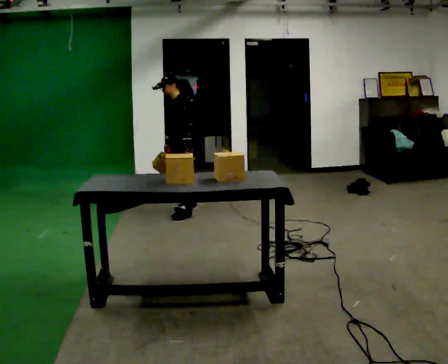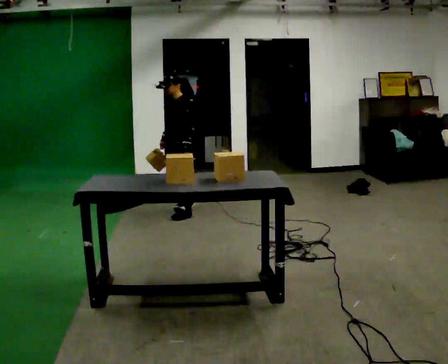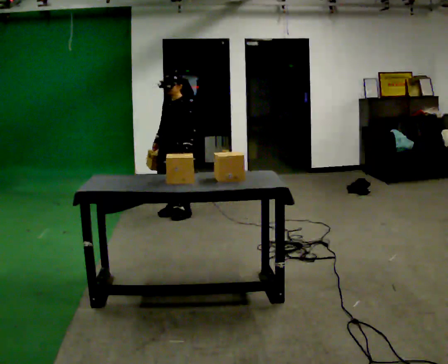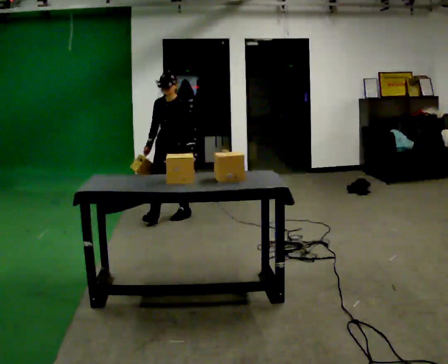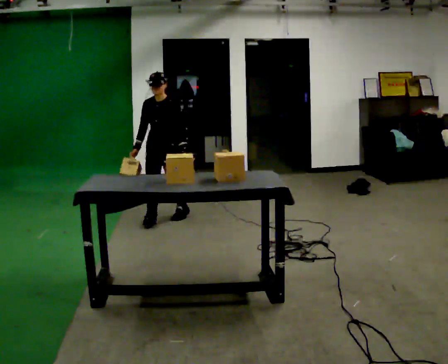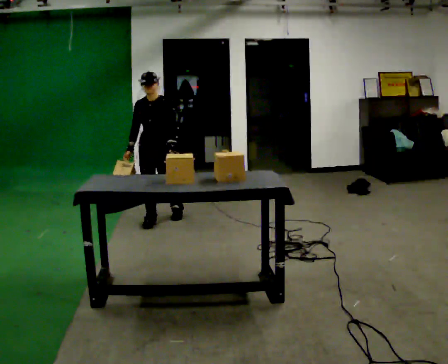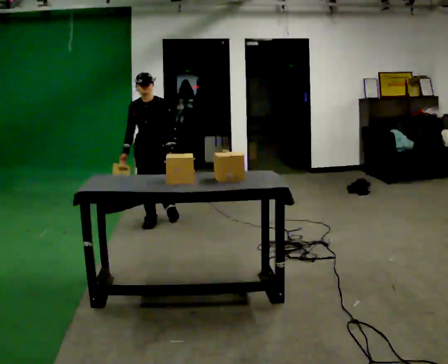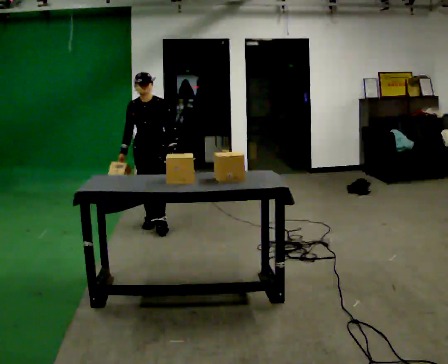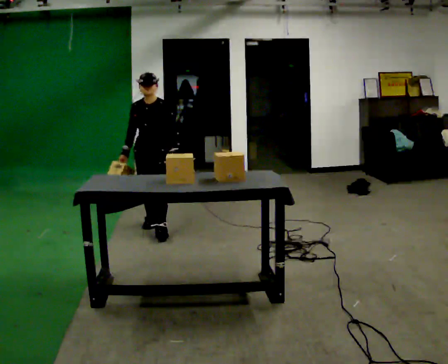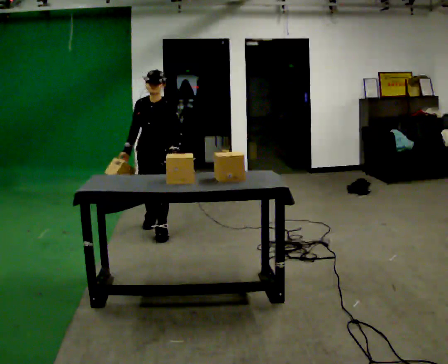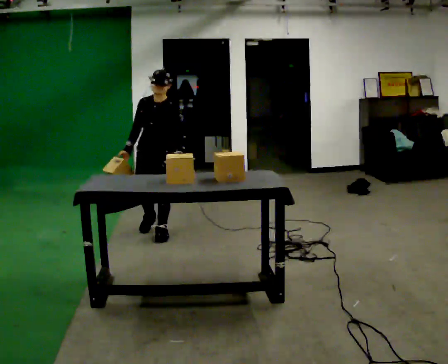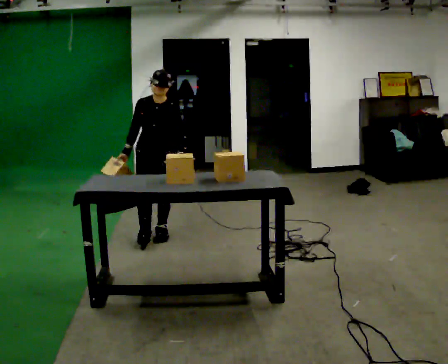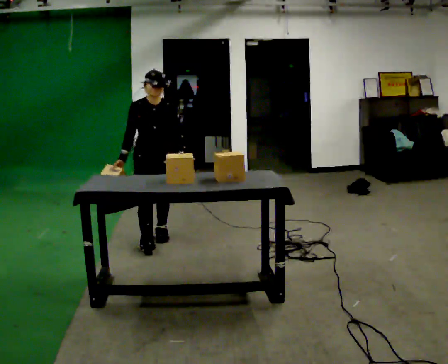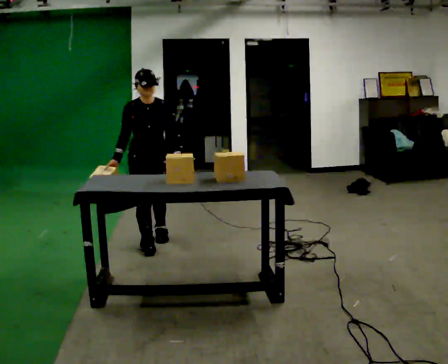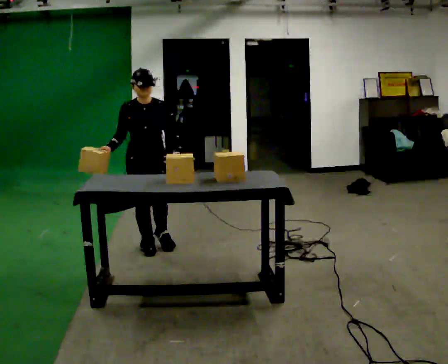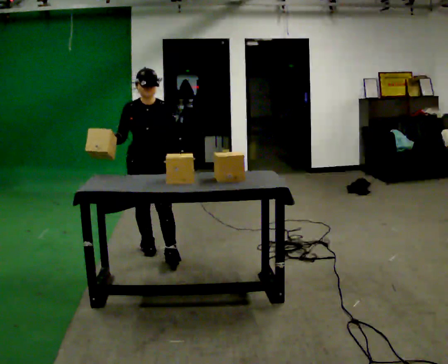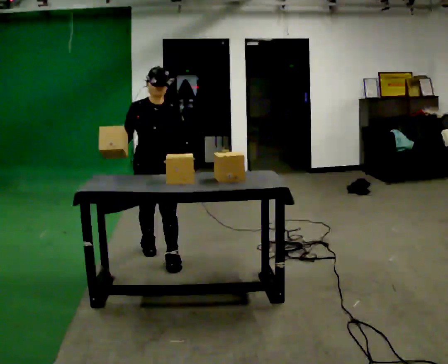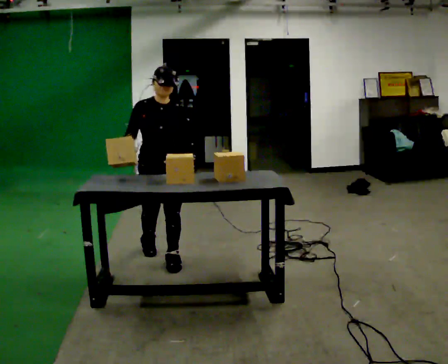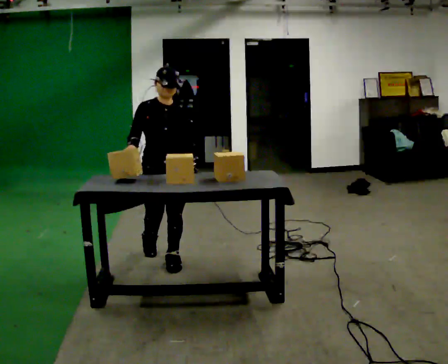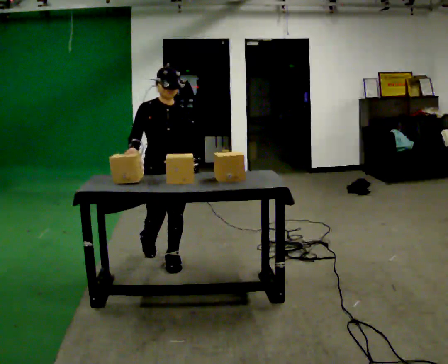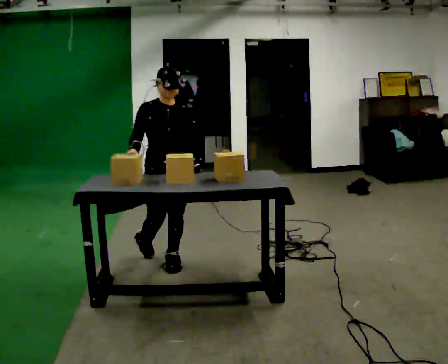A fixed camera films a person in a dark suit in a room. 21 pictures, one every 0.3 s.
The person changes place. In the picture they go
toward the camera.
0.0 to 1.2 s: The person turns about 60 degrees to their left, counterclockwise seen from above, so the part of the body nearest the lens slides to the right. In the picture they go to the left and toward the camera, about 0.25 m in 1 step, which for them is forward.
1.2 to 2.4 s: In the picture they go toward the camera, about 0.25 m in 1 step, which for them is forward.
2.4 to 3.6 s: The person turns about 30 degrees to their left, counterclockwise seen from above, so the part of the body nearest the lens slides to the right. In the picture they go toward the camera, about 0.25 m in 1 step, which for them is forward.
3.6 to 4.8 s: In the picture they go toward the camera, about 0.5 m in 1 step, which for them is forward.
4.8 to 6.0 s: In the picture they go toward the camera, about 0.25 m, which for them is forward.
The film runs forward here.
